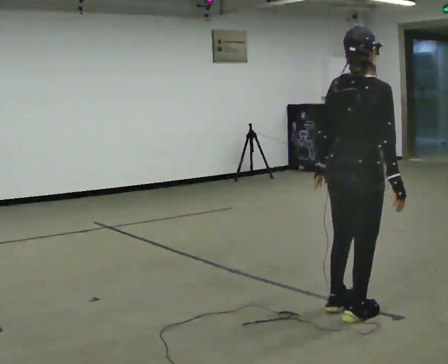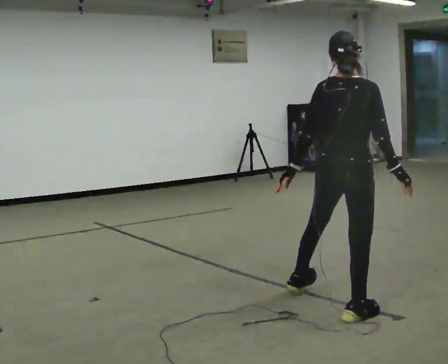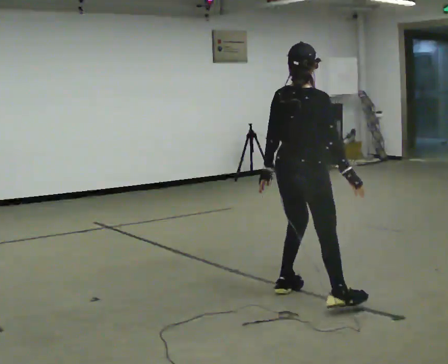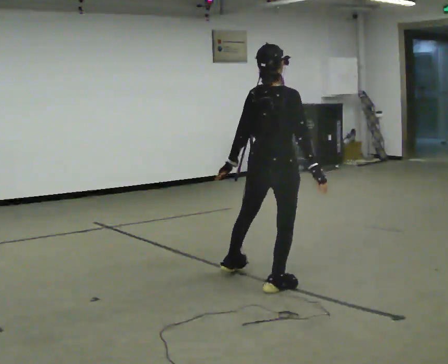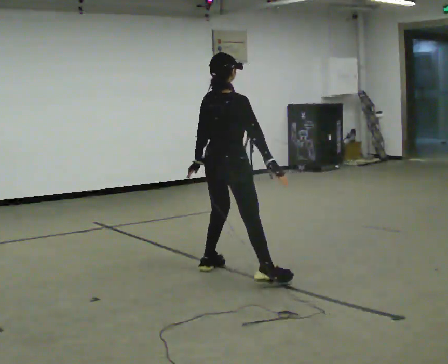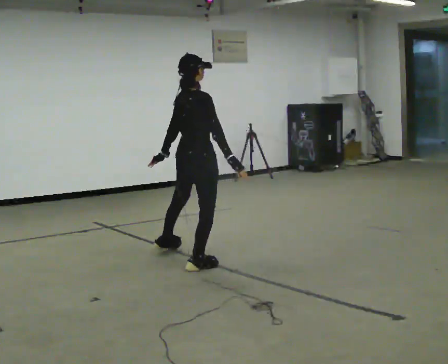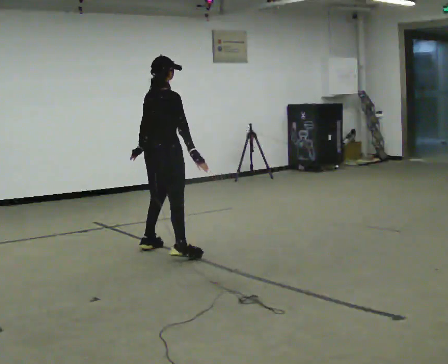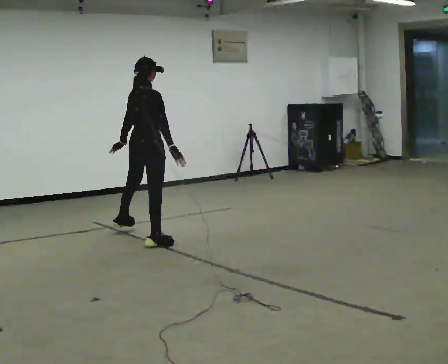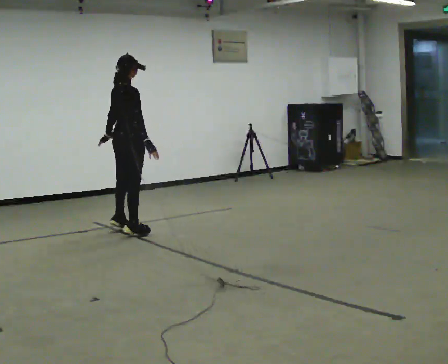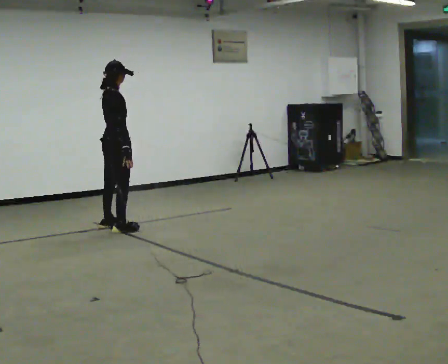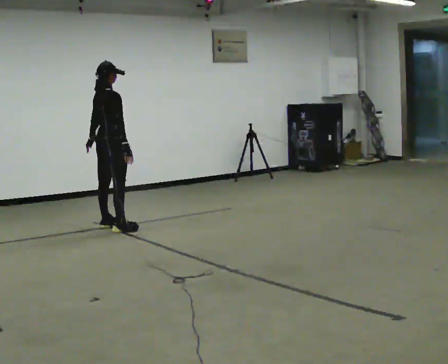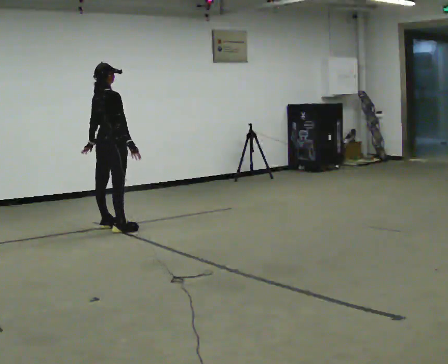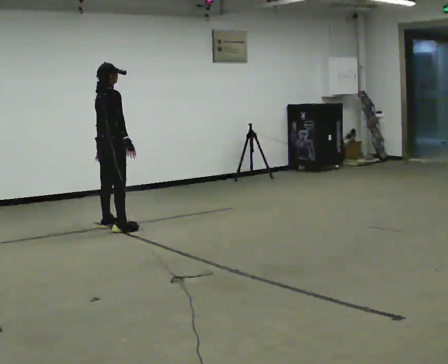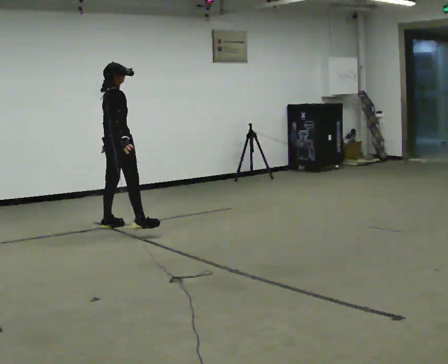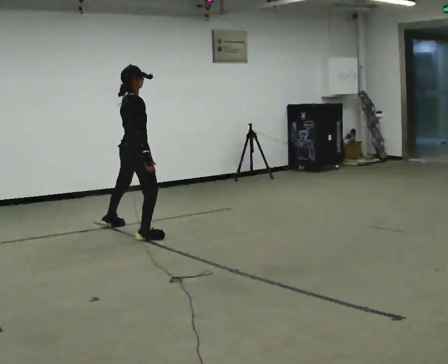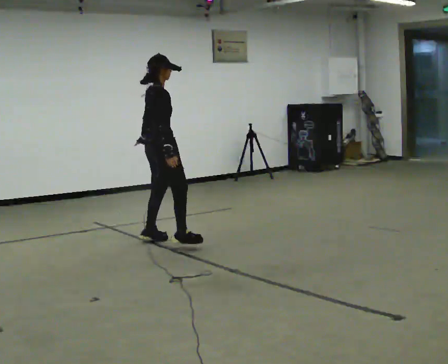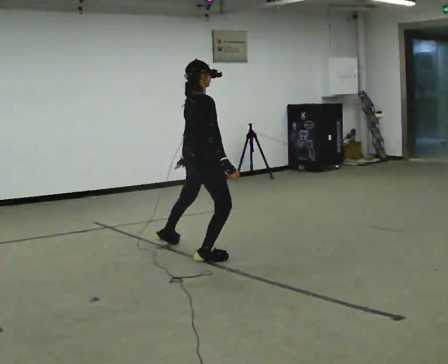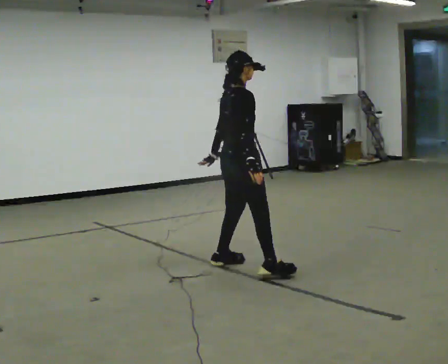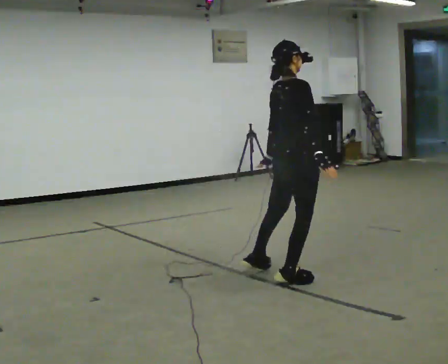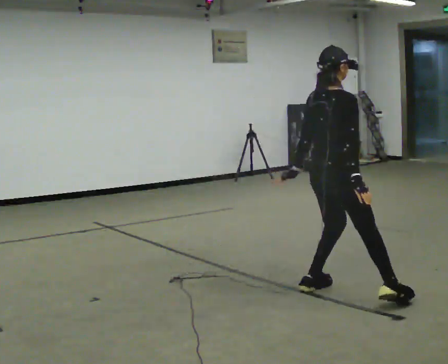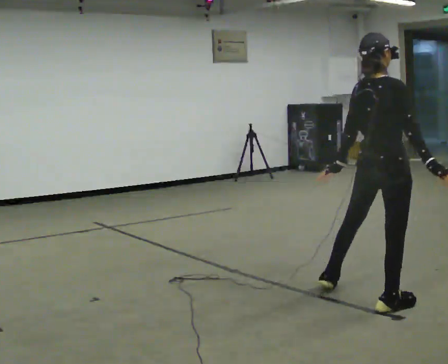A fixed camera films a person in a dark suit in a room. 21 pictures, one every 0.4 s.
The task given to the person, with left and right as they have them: Shuffle sideways quickly in the direction the operator calls, without crossing your feet.
0.0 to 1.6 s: In the picture they go away from the camera and to the left, about 1.5 m in 3 steps, which for them is to their left.
1.6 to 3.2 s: In the picture they go away from the camera and to the left, about 1.5 m in 4 steps, which for them is to their left.
3.2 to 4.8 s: In the picture they go away from the camera and to the left, about 0.25 m in 2 steps, which for them is to their left.
4.8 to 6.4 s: In the picture they go toward the camera and to the right, about 1.5 m in 3 steps, which for them is to their right.
6.4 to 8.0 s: In the picture they go toward the camera and to the right, about 1.5 m in 4 steps, which for them is to their right.
The film runs forward here.
